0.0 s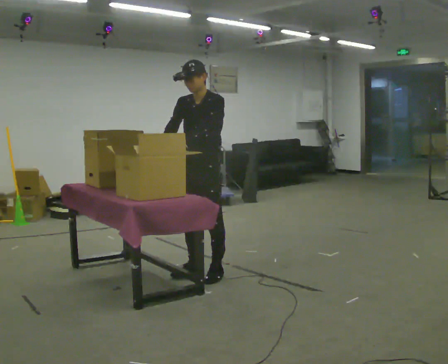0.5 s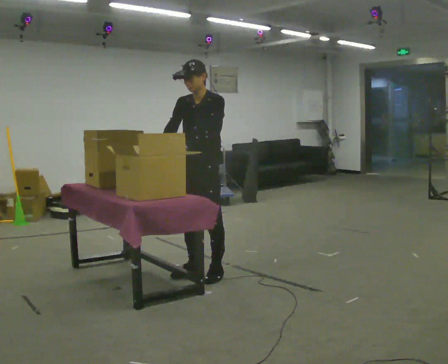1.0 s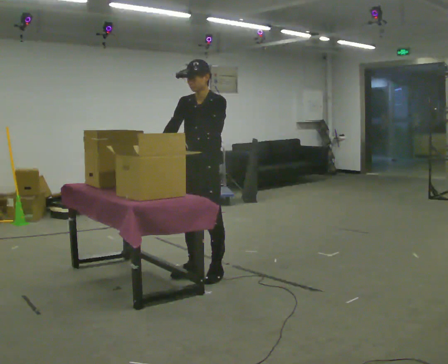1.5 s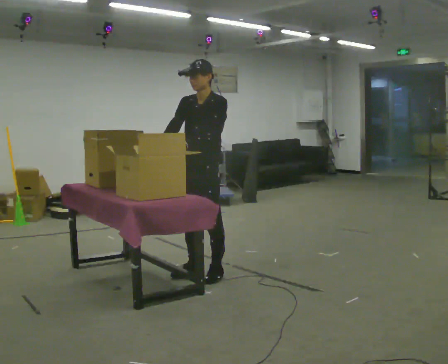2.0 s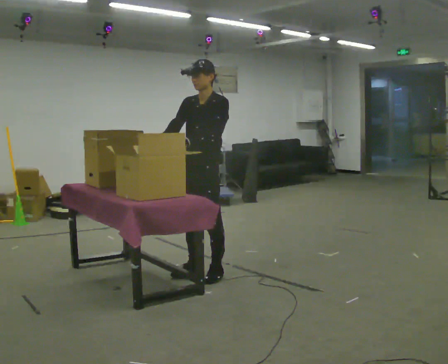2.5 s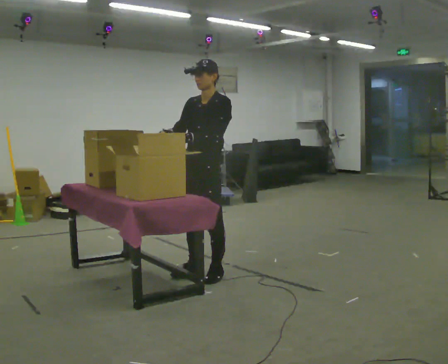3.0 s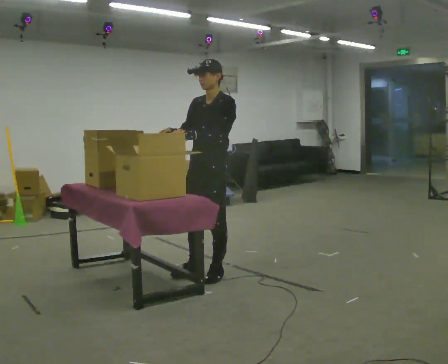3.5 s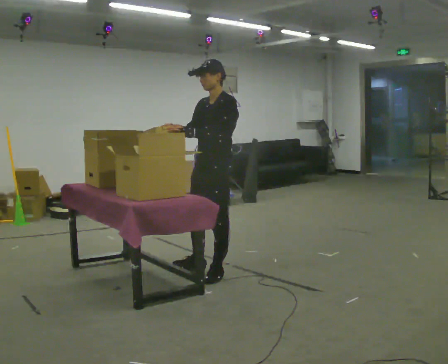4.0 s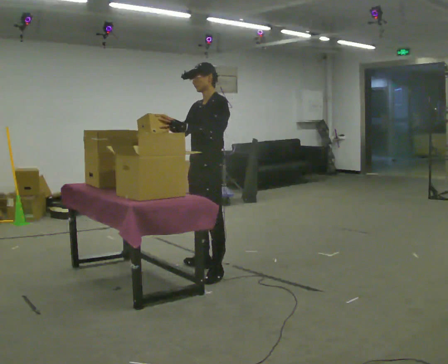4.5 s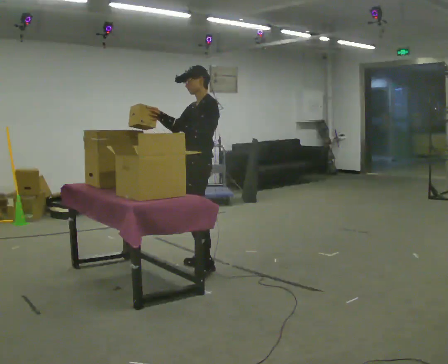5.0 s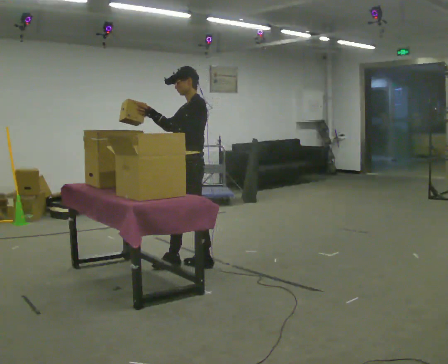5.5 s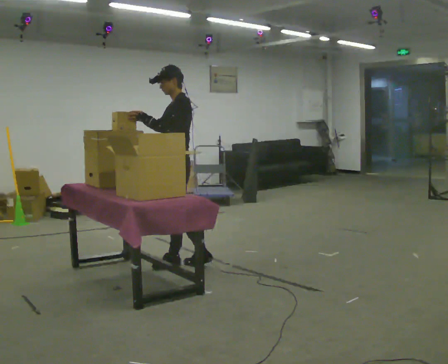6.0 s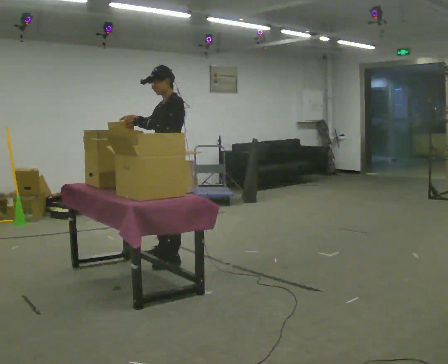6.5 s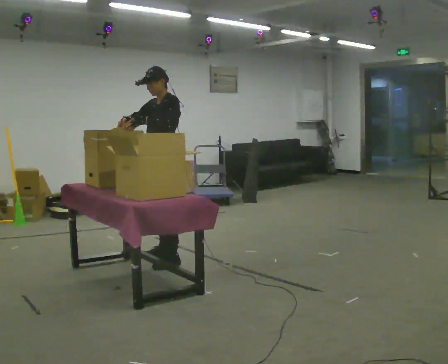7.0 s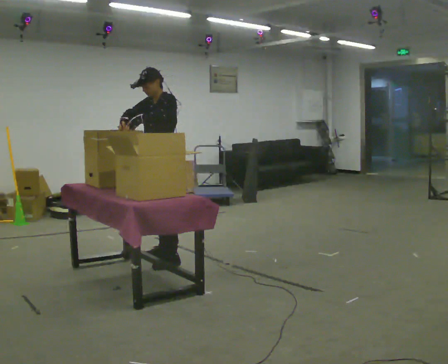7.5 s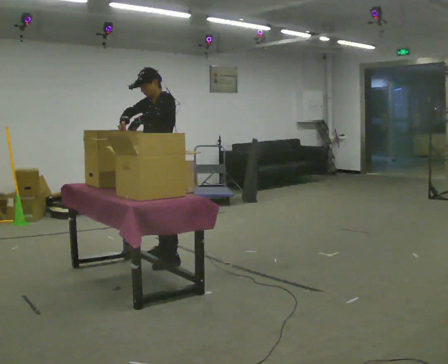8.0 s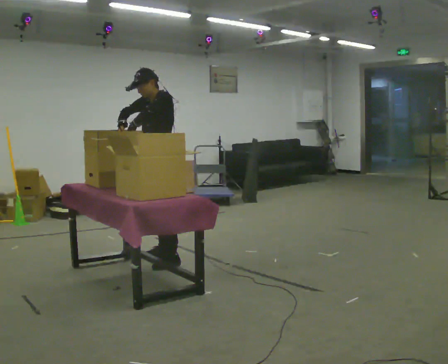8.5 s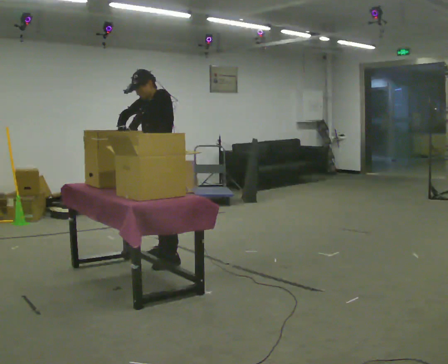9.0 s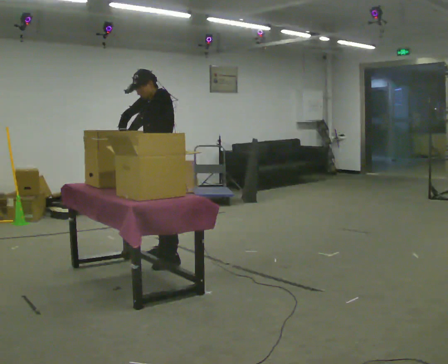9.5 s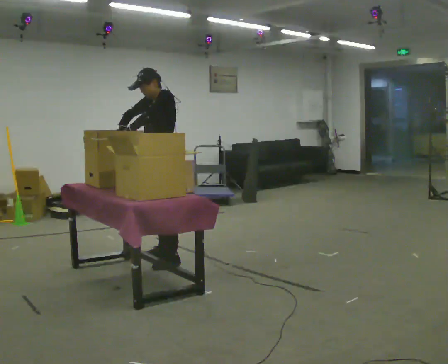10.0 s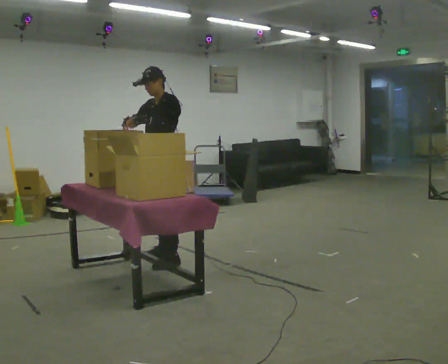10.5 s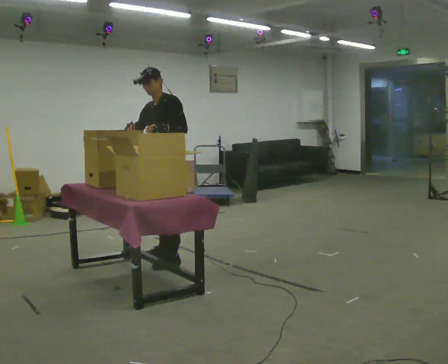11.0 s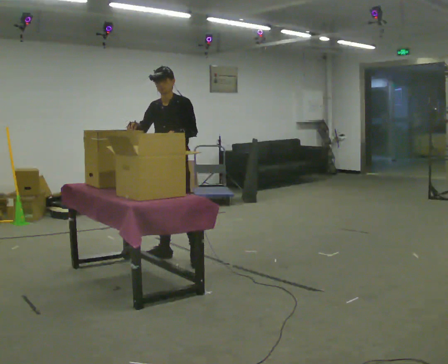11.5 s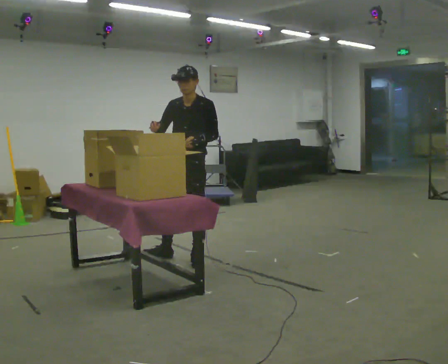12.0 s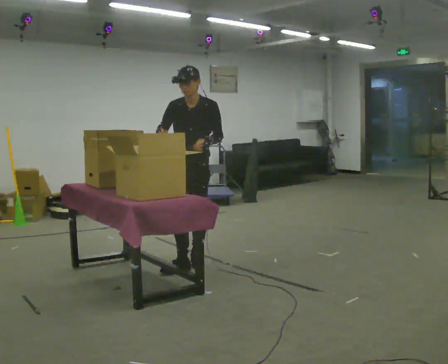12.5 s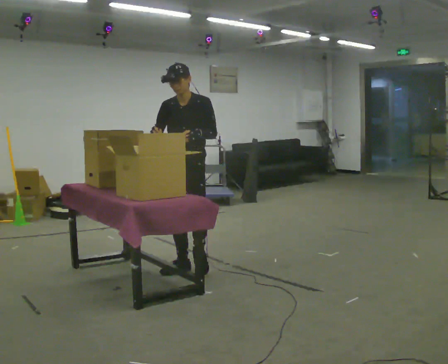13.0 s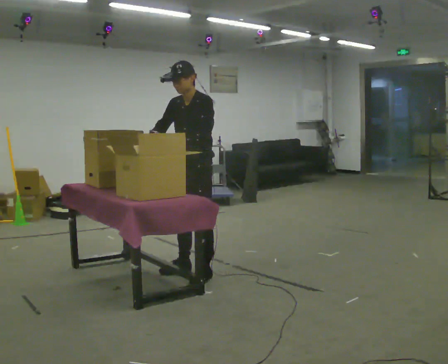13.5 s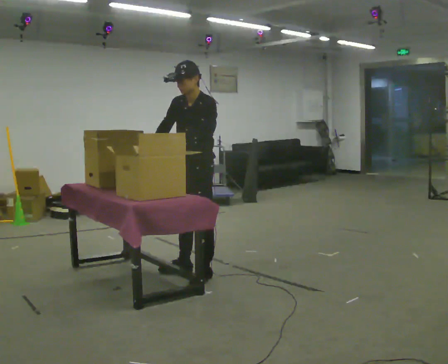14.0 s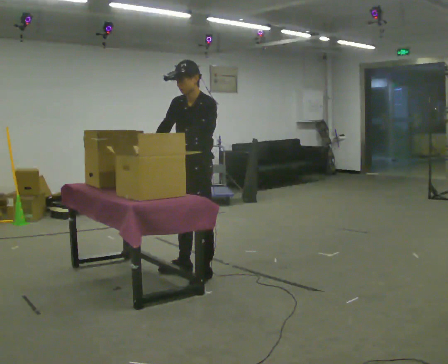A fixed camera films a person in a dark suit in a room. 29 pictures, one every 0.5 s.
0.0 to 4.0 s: Seen from above the body turns clockwise, about 30 degrees: to their right, with its near side sliding to the left.
4.0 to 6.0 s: In the picture they go to the left and away from the camera, about 0.5 m in 2 steps, which for them is forward and to their right.
6.0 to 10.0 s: The person moves a little, or ends about where they began.
10.0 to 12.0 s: The person turns about 45 degrees to their left, counterclockwise seen from above, so the part of the body nearest the lens slides to the right. In the picture they go to the right, about 0.25 m in 2 steps, which for them is to their left.
12.0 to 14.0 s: Seen from above the body turns clockwise, about 45 degrees: to their right, with its near side sliding to the left. In the picture they go toward the camera, about 0.25 m in 1 step, which for them is to their left and forward.
The film runs forward here.
